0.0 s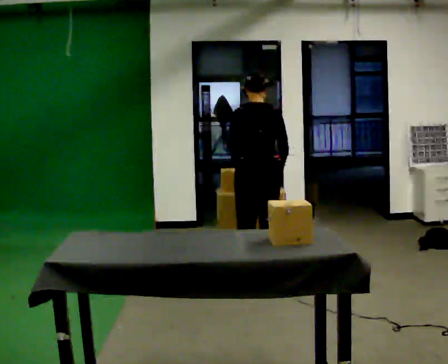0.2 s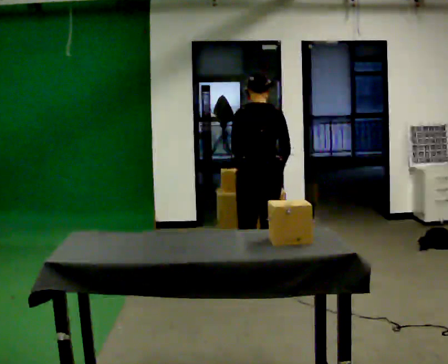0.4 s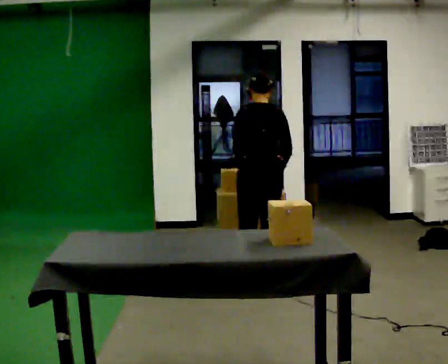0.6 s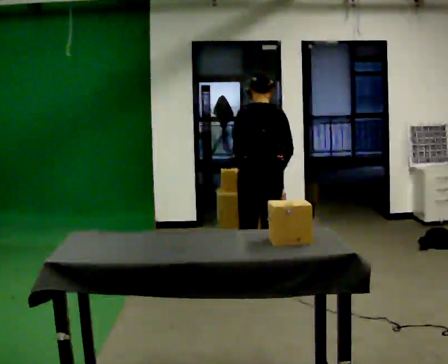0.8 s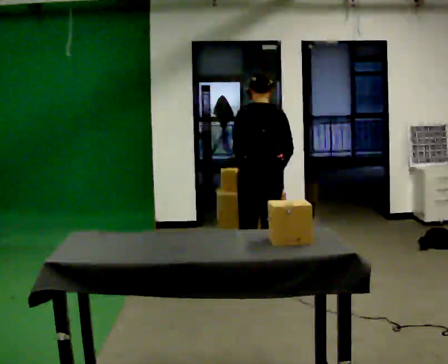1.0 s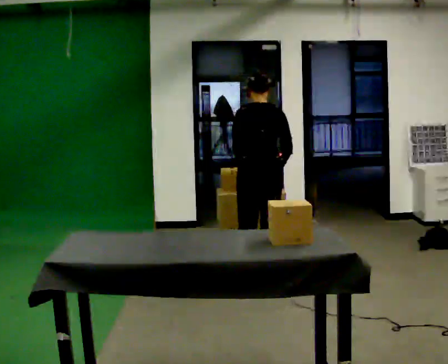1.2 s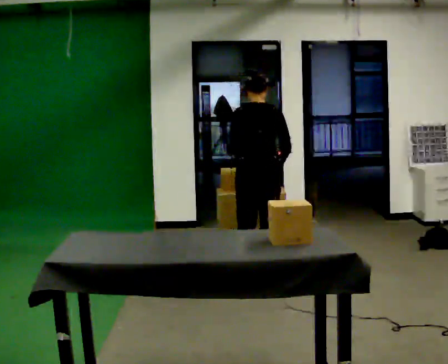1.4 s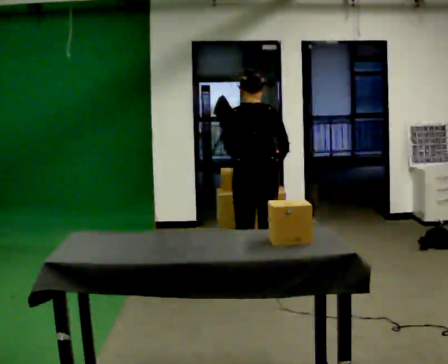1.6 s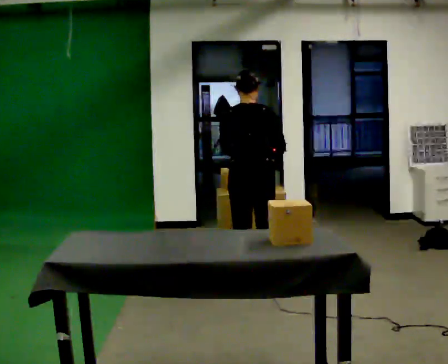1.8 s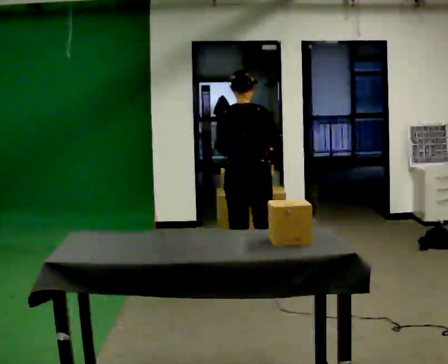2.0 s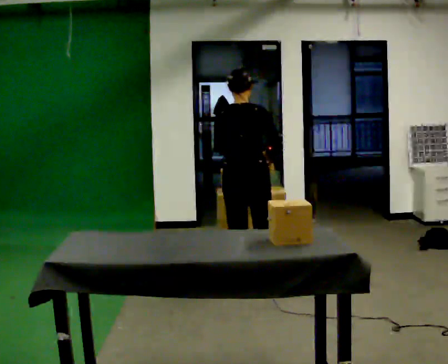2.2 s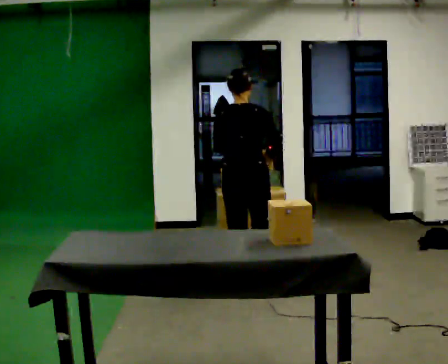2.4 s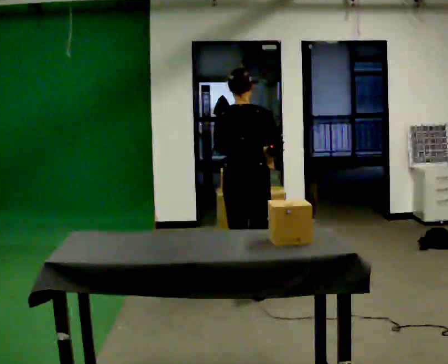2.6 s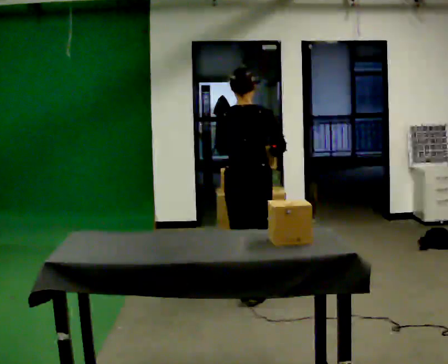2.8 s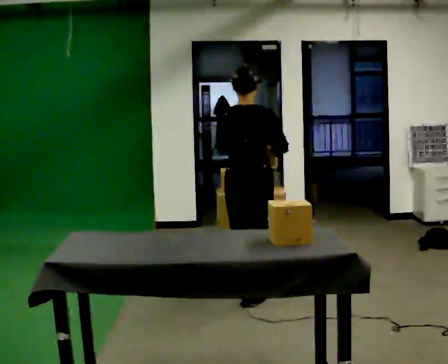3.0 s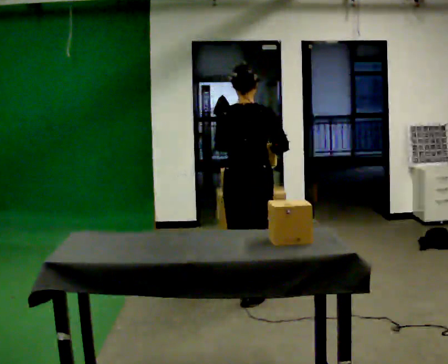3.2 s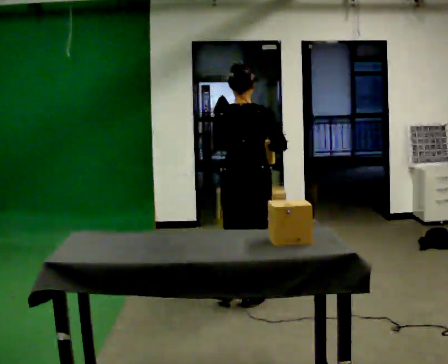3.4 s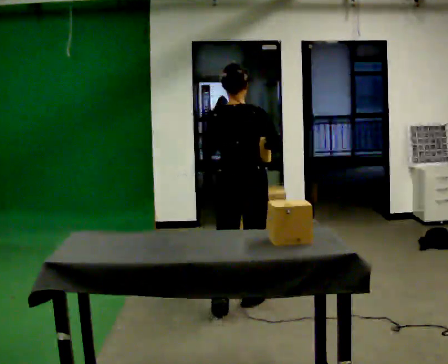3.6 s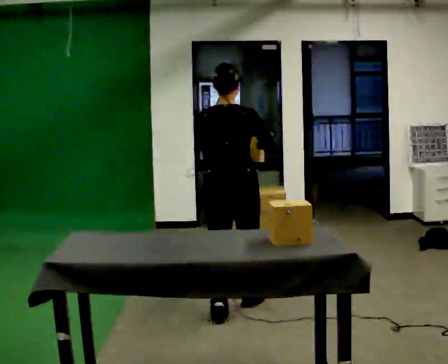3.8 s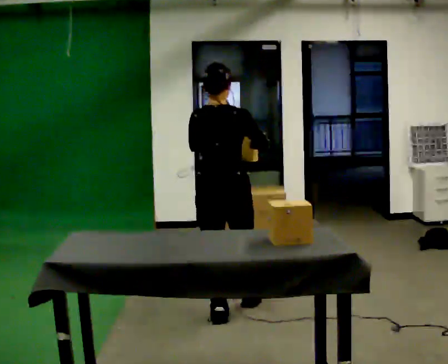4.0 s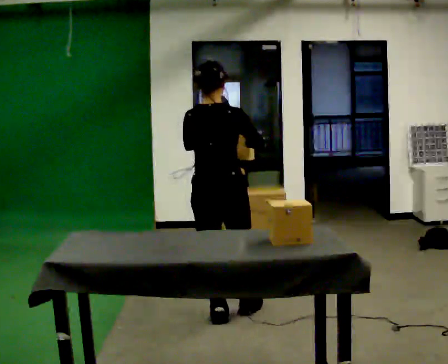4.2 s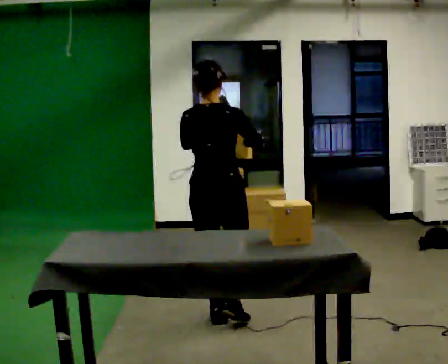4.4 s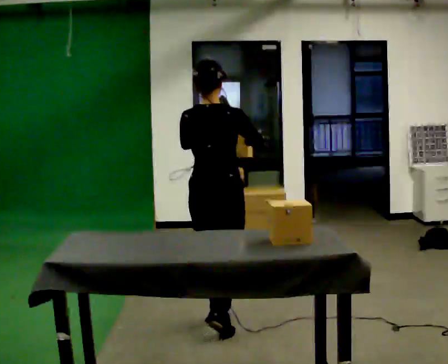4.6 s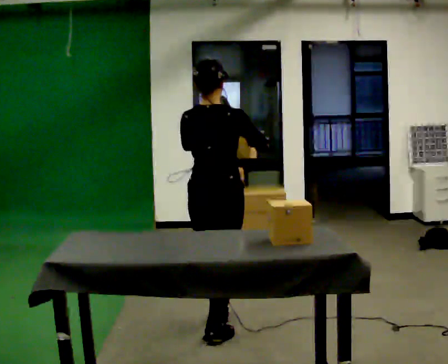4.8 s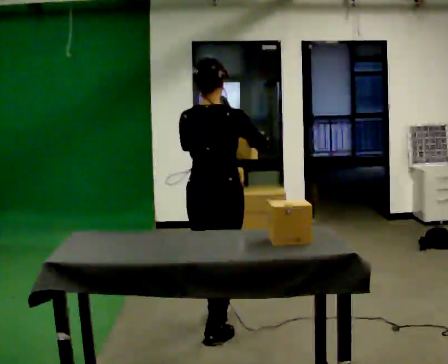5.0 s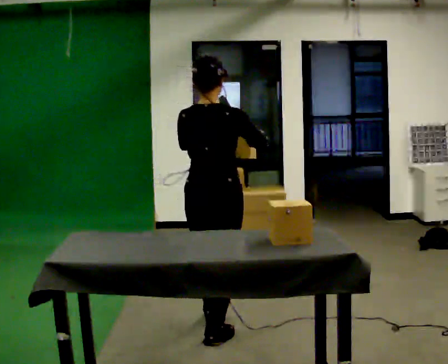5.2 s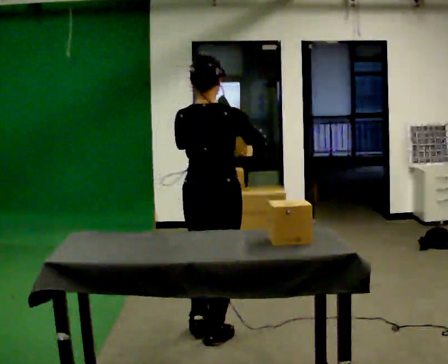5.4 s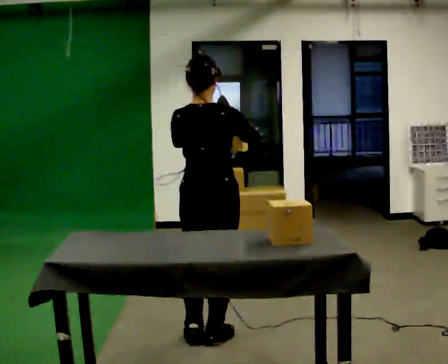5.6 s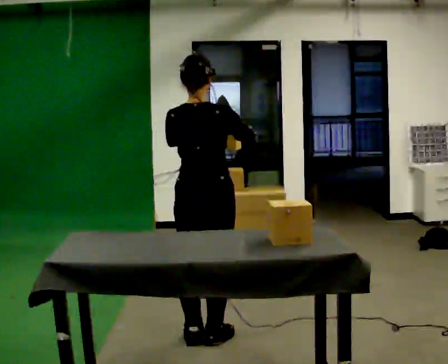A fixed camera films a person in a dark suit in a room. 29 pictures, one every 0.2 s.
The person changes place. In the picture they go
toward the camera.
0.0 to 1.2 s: The person moves a little, or ends about where they began.
1.2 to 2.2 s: In the picture they go toward the camera, about 0.25 m in 1 step, which for them is backward.
2.2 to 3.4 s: In the picture they go toward the camera, about 0.5 m in 1 step, which for them is backward.
3.4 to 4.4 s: In the picture they go toward the camera and to the left, about 0.5 m in 1 step, which for them is backward.
4.4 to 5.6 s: In the picture they go toward the camera, about 0.25 m in 1 step, which for them is backward.
The film runs backward here.
